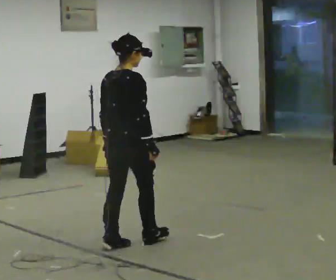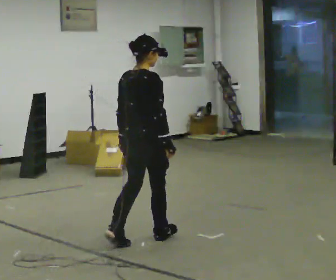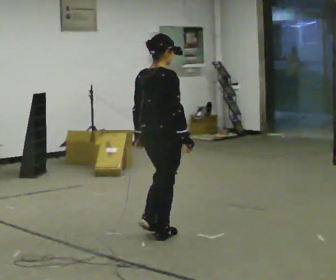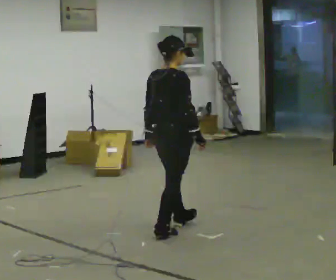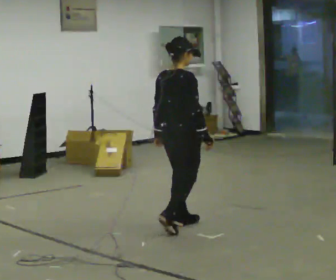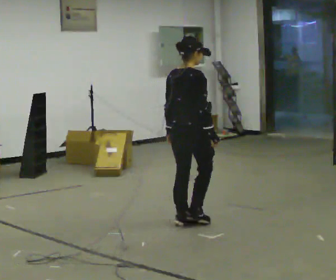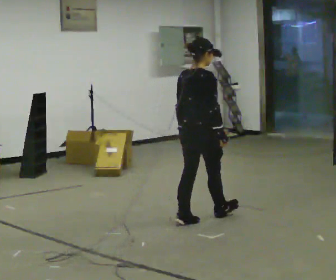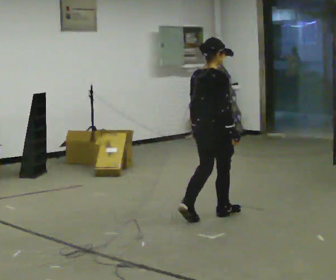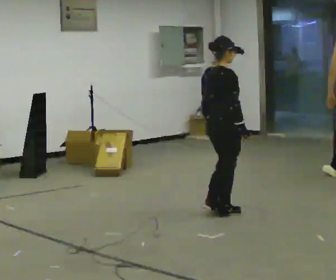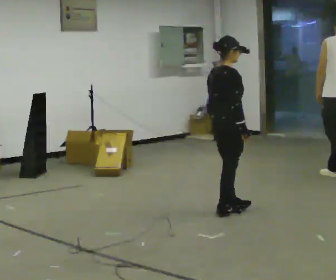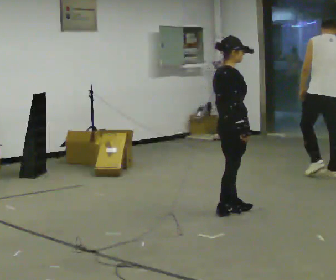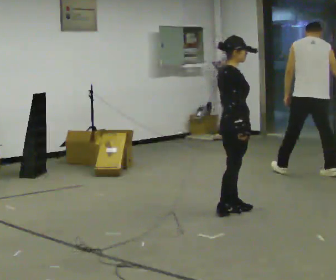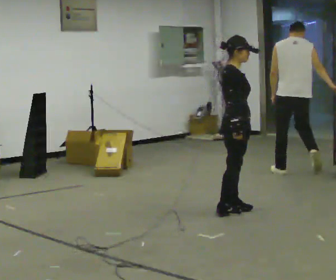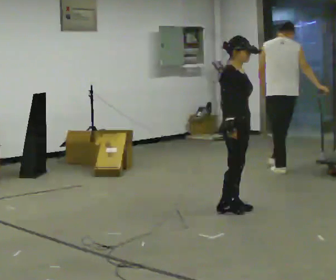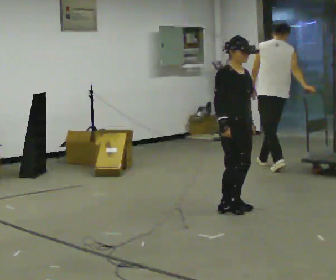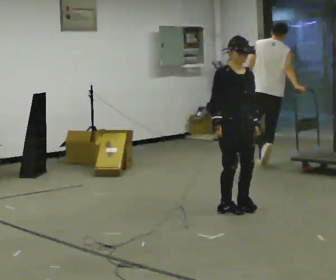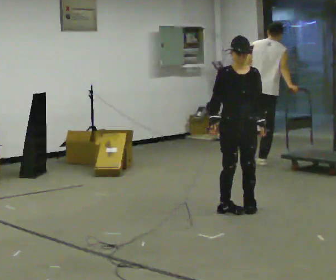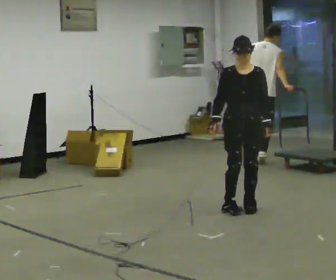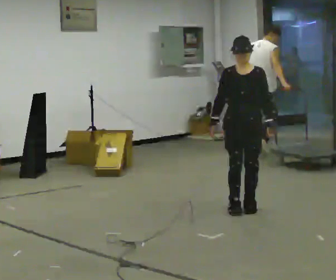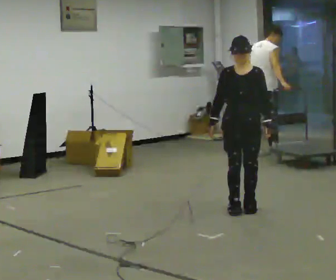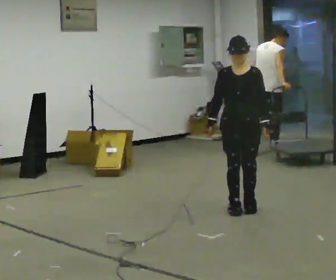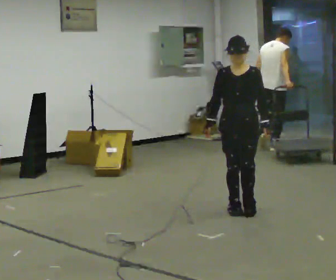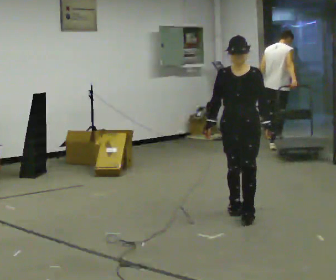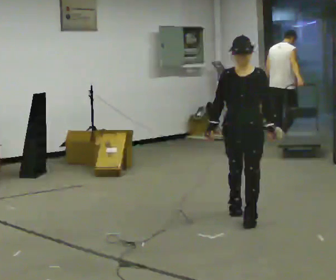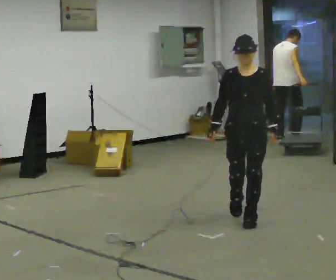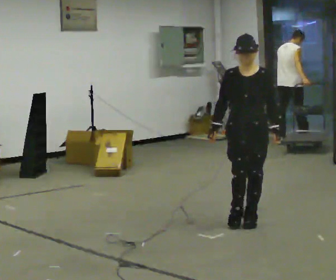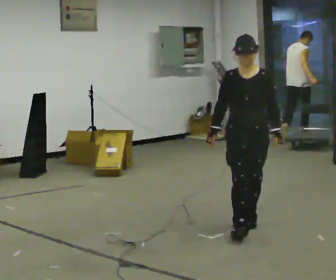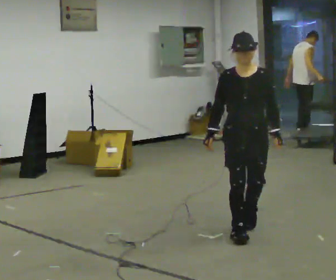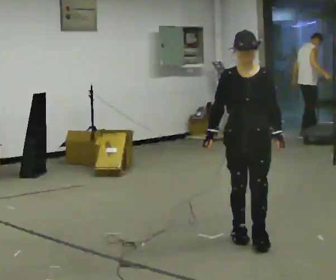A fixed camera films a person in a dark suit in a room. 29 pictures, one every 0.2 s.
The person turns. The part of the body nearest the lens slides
to the left.
The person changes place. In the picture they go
to the right.
0.0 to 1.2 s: In the picture they go away from the camera and to the right, about 1 m in 2 steps, which for them is forward.
1.2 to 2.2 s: The part of the body nearest the lens slides to the left as the person turns to their right by about 30 degrees. In the picture they go away from the camera and to the right, about 0.5 m in 2 steps, which for them is forward.
2.2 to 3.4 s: The person turns about 105 degrees to their right, clockwise seen from above, so the part of the body nearest the lens slides to the left. In the picture their left hand goes to the right.
3.4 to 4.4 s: In the picture they go toward the camera, about 0.25 m, which for them is forward.
4.4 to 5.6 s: In the picture they go toward the camera, about 1 m in 2 steps, which for them is forward.
The film runs forward here.
